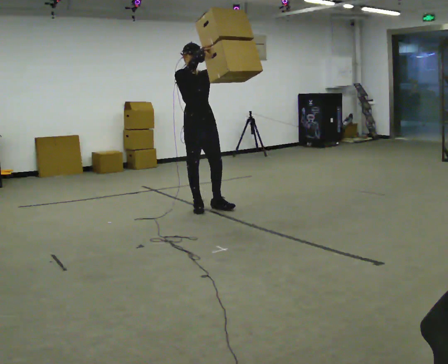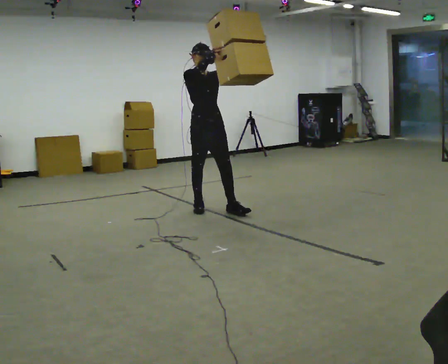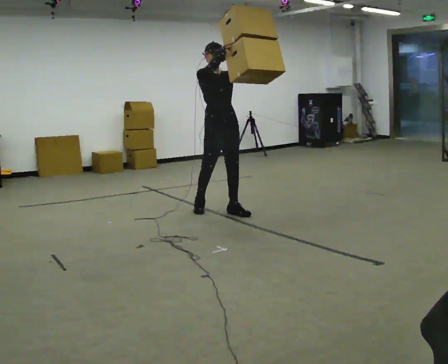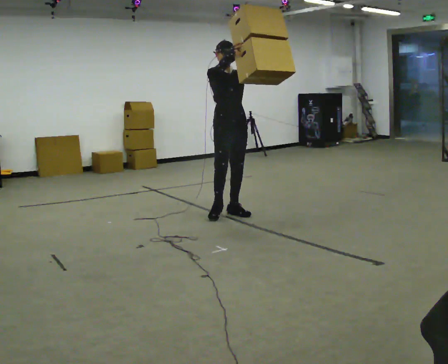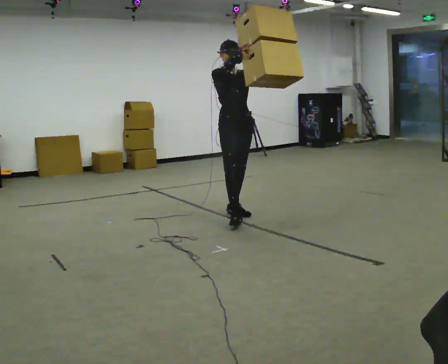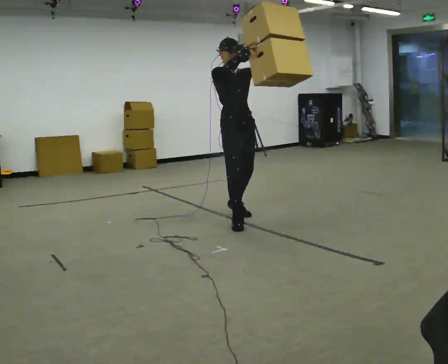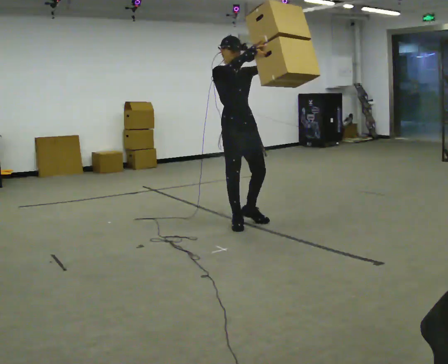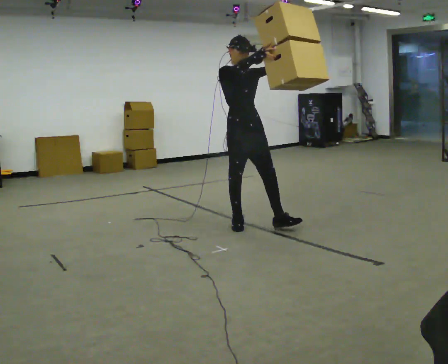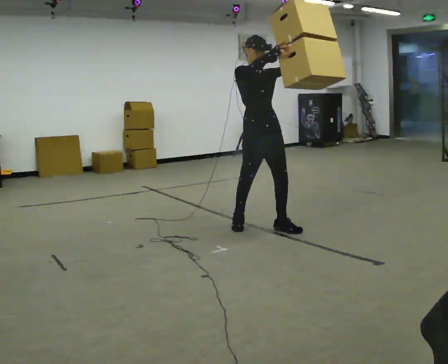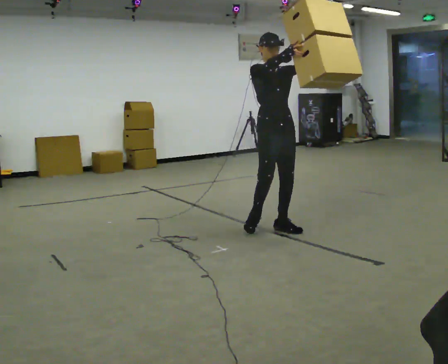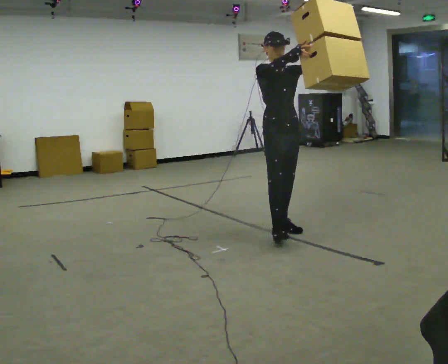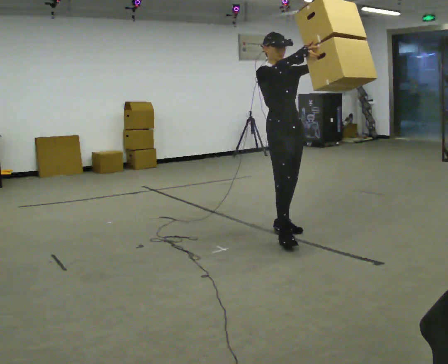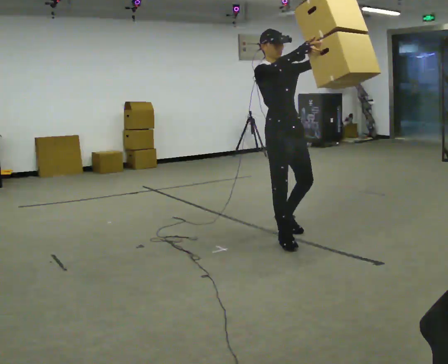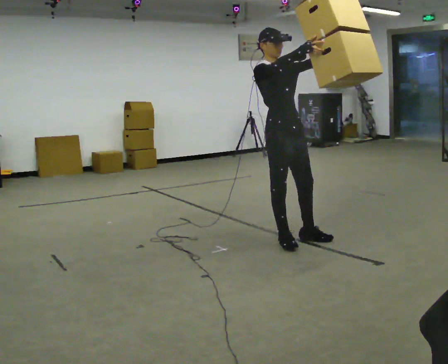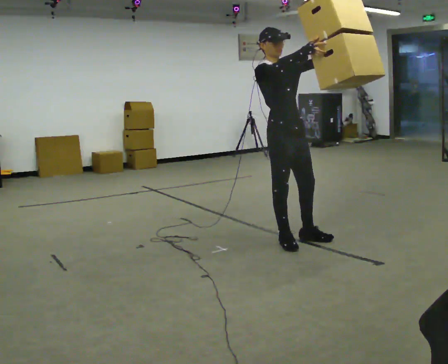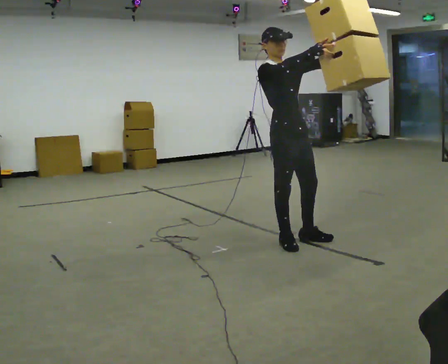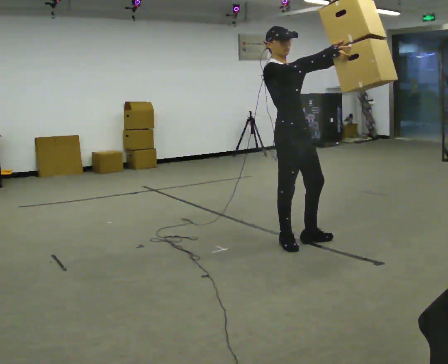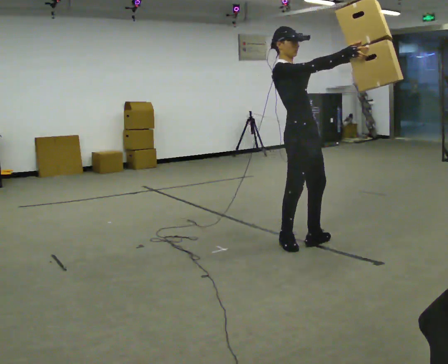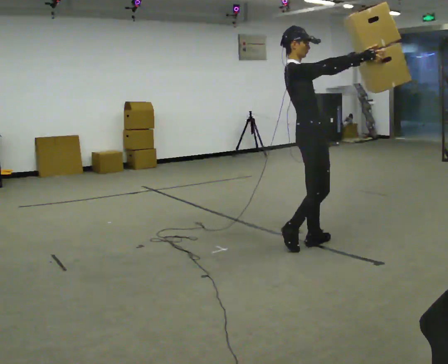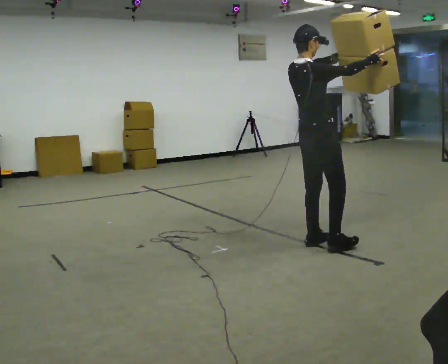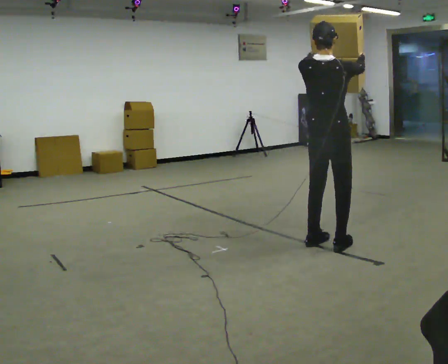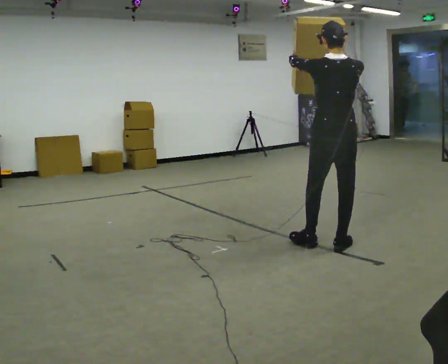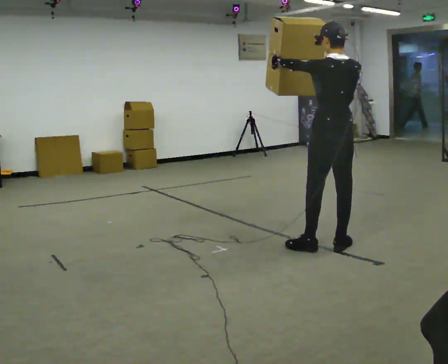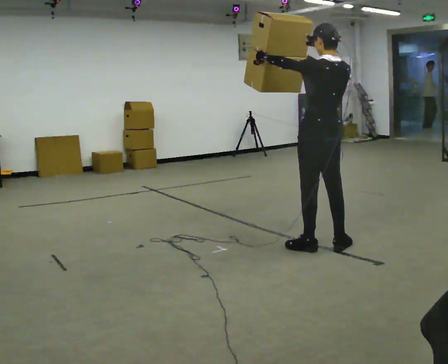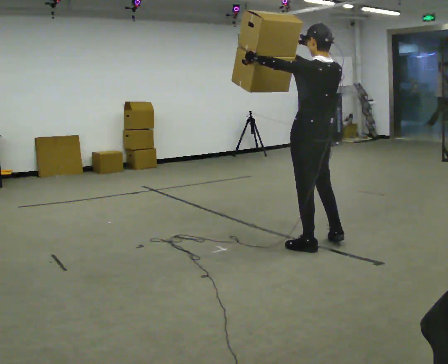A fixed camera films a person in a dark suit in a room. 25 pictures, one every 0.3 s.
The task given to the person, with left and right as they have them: Carry the large panel across the room. It will block your view ahead, so take whatever route feels safe. Keep going until the operator says stop; one object at a time, and do not rush between trips.
0.0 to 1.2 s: In the picture they go to the right and toward the camera, about 0.5 m in 2 steps, which for them is forward and to their left.
1.2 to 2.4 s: In the picture they go toward the camera and to the right, about 0.5 m in 1 step, which for them is forward.
2.4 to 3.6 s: In the picture they go toward the camera and to the right, about 0.5 m in 1 step, which for them is forward.
3.6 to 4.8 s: The person moves a little, or ends about where they began.
4.8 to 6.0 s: The part of the body nearest the lens slides to the right as the person turns to their left by about 105 degrees. In the picture they go to the right, about 0.25 m in 2 steps.
6.0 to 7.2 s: Seen from above the body turns counterclockwise, about 60 degrees: to their left, with its near side sliding to the right. In the picture their left hand goes to the left.
The film runs forward here.
